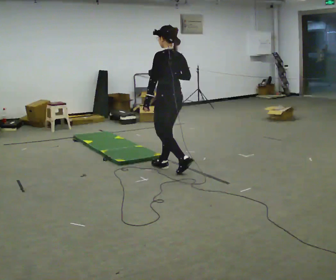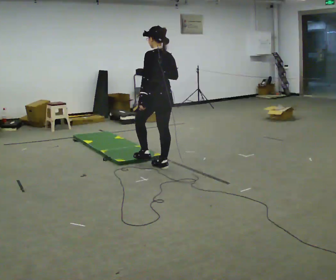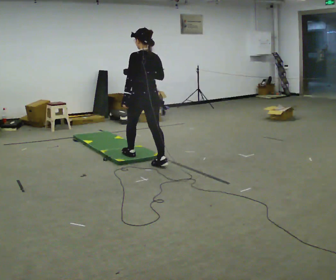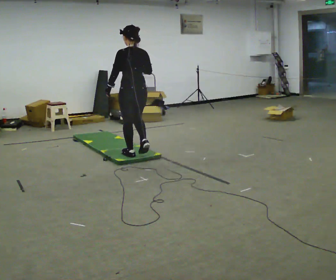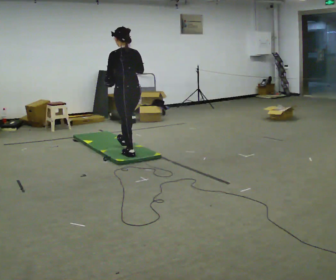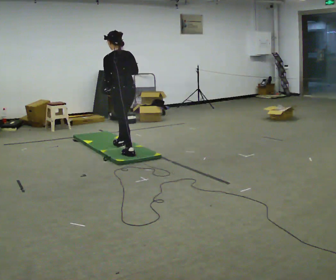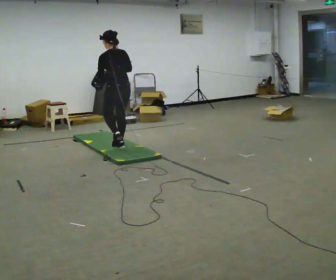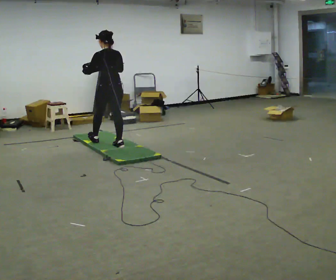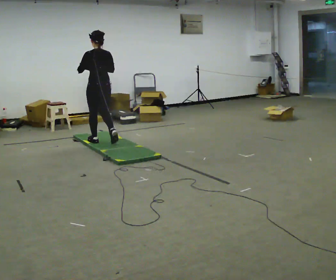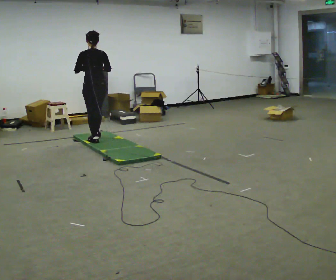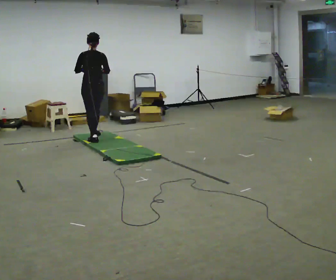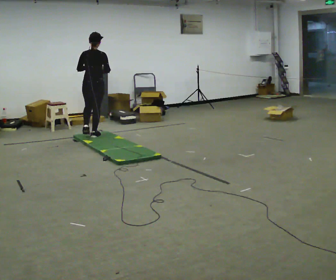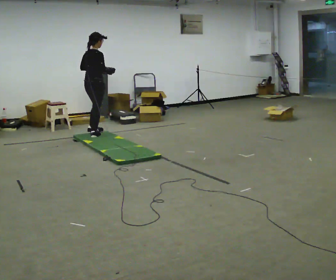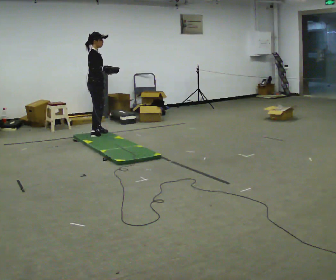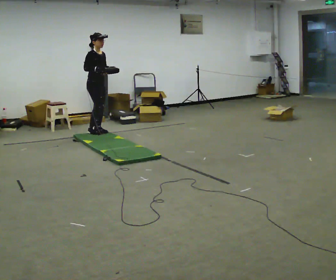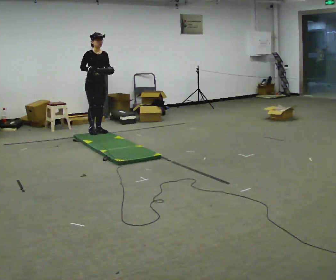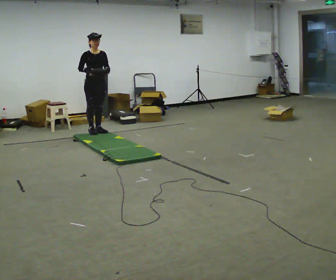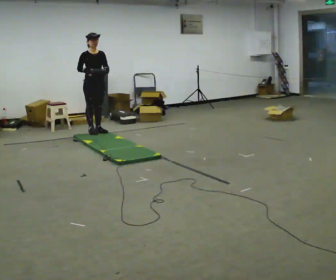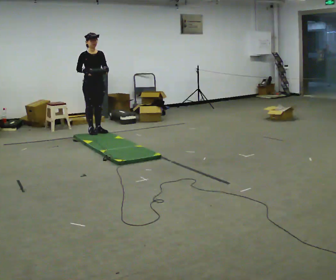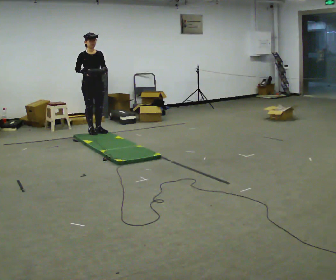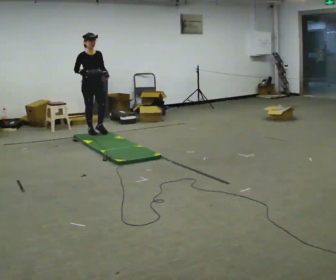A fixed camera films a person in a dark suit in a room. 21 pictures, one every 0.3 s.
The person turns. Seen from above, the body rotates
clockwise.
The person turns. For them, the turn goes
to their right.
0.0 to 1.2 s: In the picture they go away from the camera and to the left, about 0.5 m in 1 step, which for them is forward.
1.2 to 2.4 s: In the picture they go away from the camera and to the left, about 1 m in 2 steps, which for them is forward.
2.4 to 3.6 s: Seen from above the body turns clockwise, about 75 degrees: to their right, with its near side sliding to the left. In the picture they go away from the camera, about 0.5 m in 1 step.
3.6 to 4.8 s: Seen from above the body turns clockwise, about 105 degrees: to their right, with its near side sliding to the left. In the picture they go away from the camera, about 0.25 m in 2 steps. In the picture their right hand goes to the left.
4.8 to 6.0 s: The person moves a little, or ends about where they began.
The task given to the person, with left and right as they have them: Hold the object and walk back and forth. It may slip. Try to catch it if you can, but let it go rather than lurching after it.
The film runs forward here.
